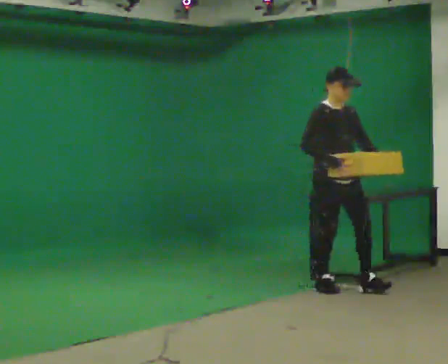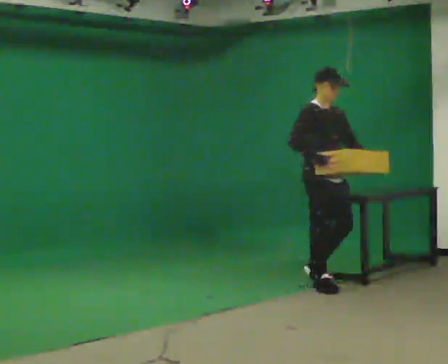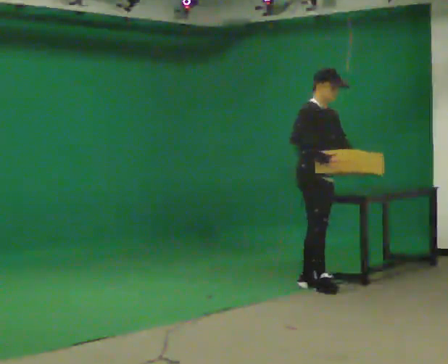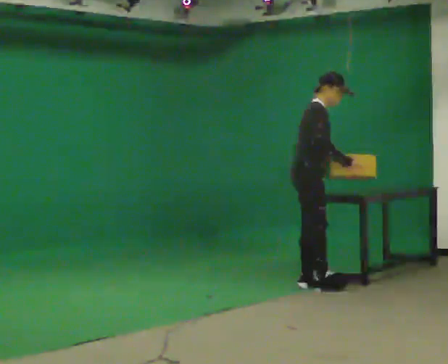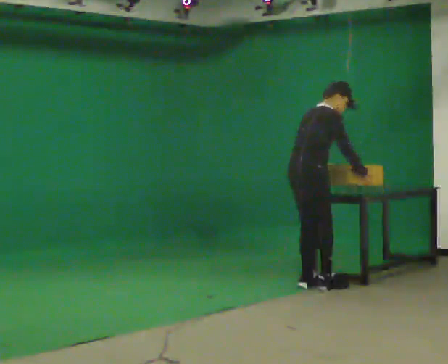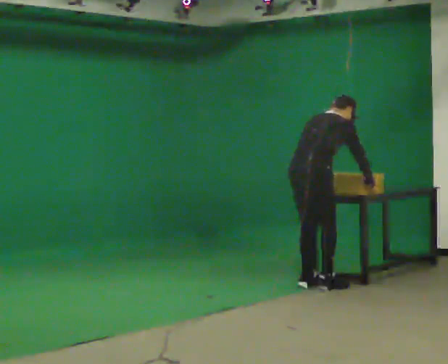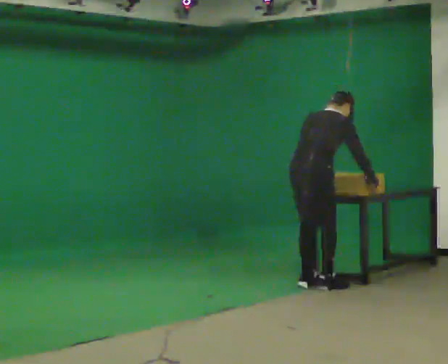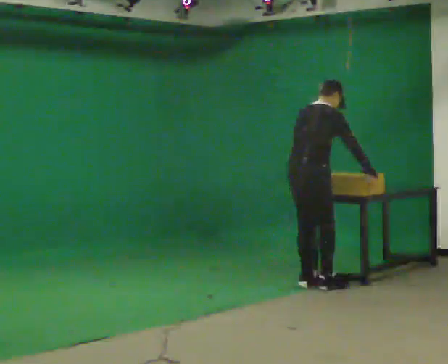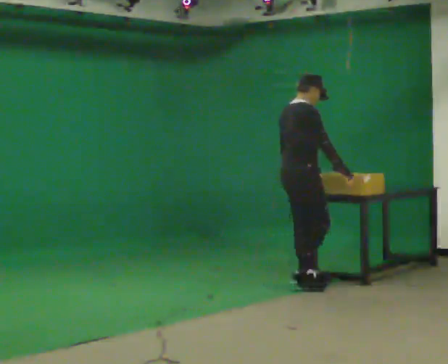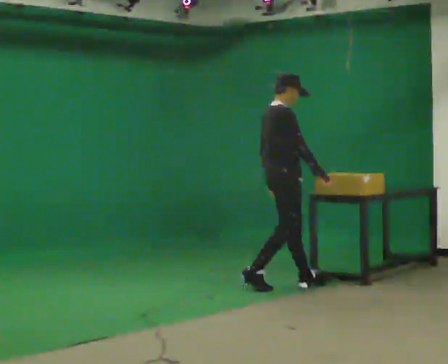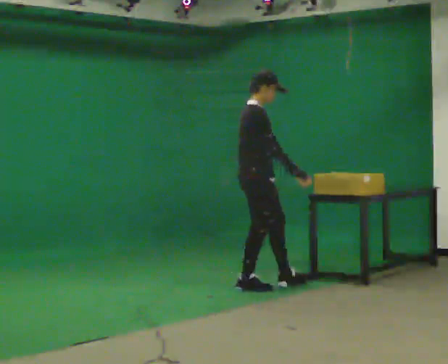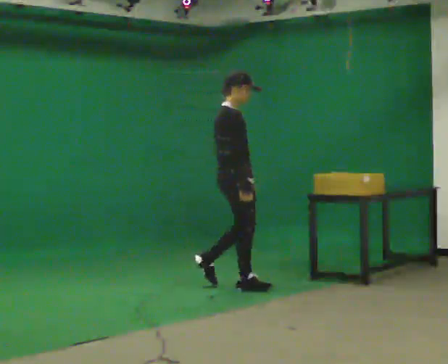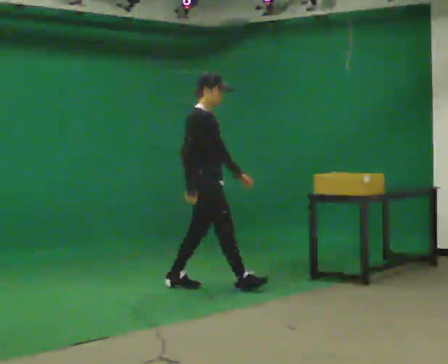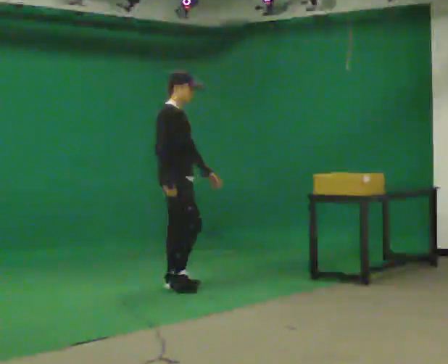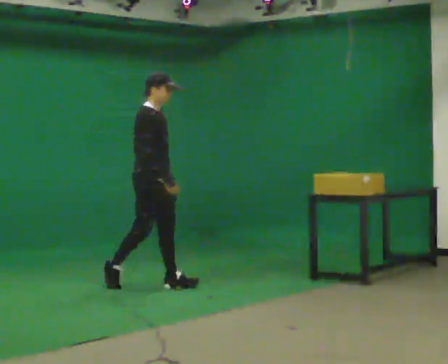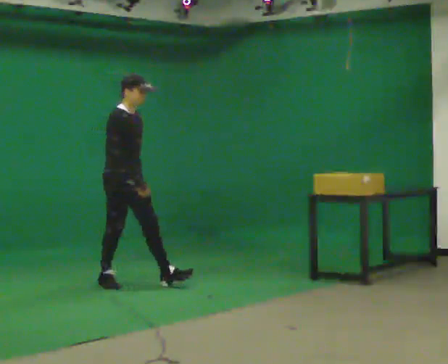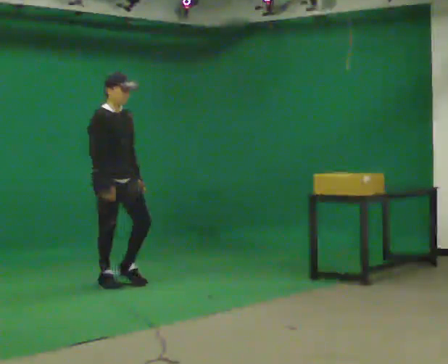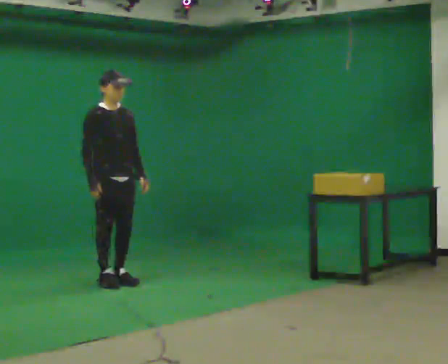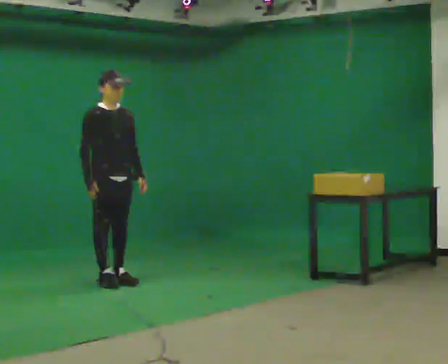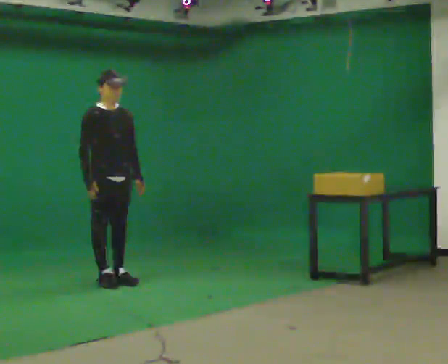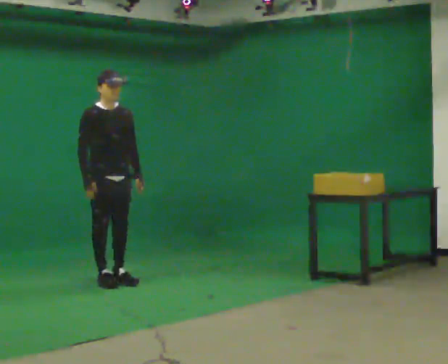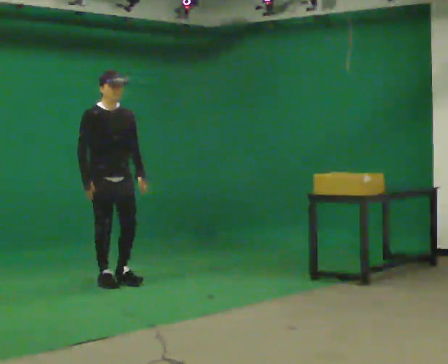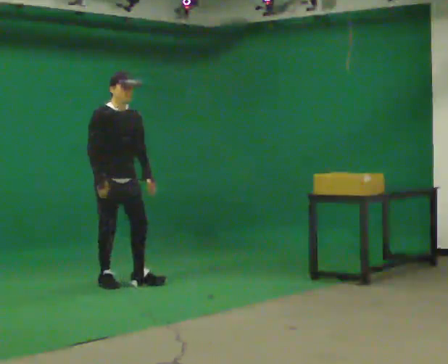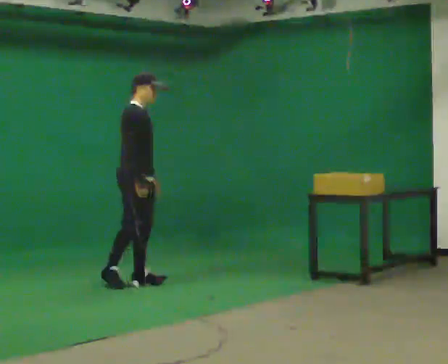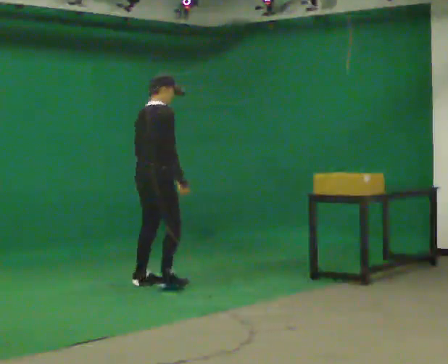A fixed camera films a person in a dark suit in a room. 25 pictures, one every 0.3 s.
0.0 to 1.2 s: The part of the body nearest the lens slides to the right as the person turns to their left by about 75 degrees. In the picture they go to the left and away from the camera, about 0.25 m. The upper body tips away from the camera, its near side rolling upward, as they bend forward. In the picture their left hand goes to the left, the arm swinging clockwise.
1.2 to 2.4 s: The person moves a little, or ends about where they began.
2.4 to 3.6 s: The person turns about 30 degrees to their right, clockwise seen from above, so the part of the body nearest the lens slides to the left. In the picture they go to the left, about 1 m in 1 step, which for them is backward.
3.6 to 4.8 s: Seen from above the body turns clockwise, about 30 degrees: to their right, with its near side sliding to the left. In the picture they go to the left, about 1 m in 2 steps, which for them is backward.
4.8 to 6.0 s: The person moves a little, or ends about where they began.
6.0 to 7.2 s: The person turns about 90 degrees to their left, counterclockwise seen from above, so the part of the body nearest the lens slides to the right. In the picture they go to the right, about 0.5 m in 2 steps.
The film runs backward here.
